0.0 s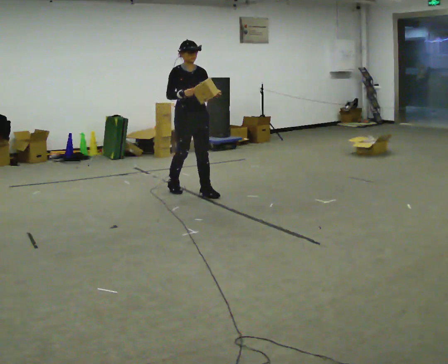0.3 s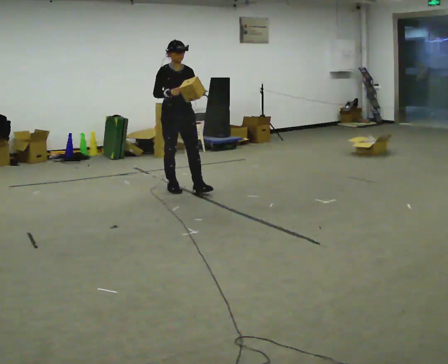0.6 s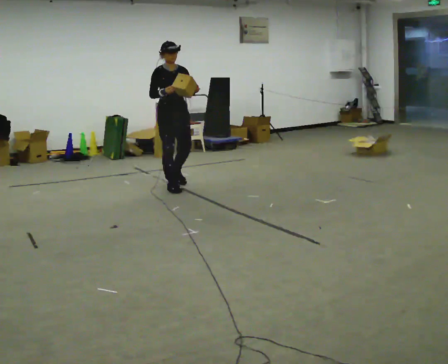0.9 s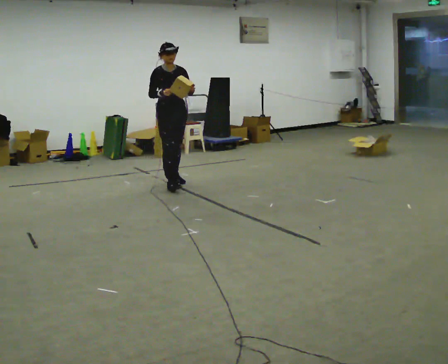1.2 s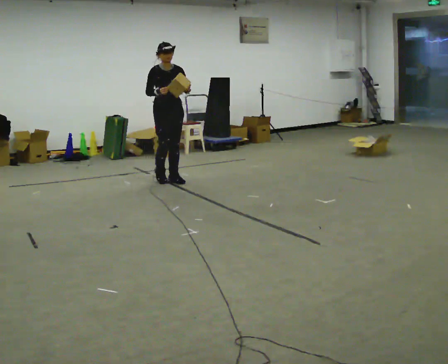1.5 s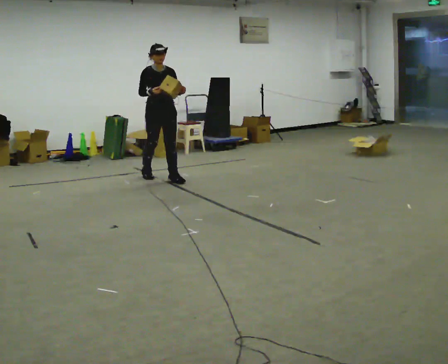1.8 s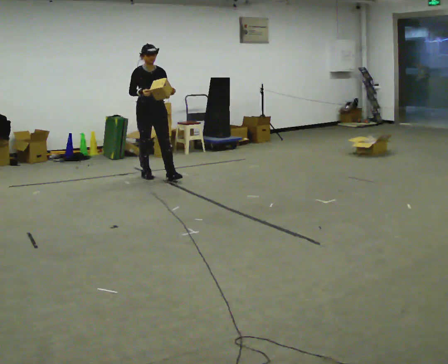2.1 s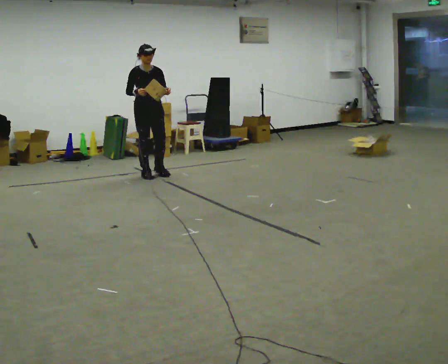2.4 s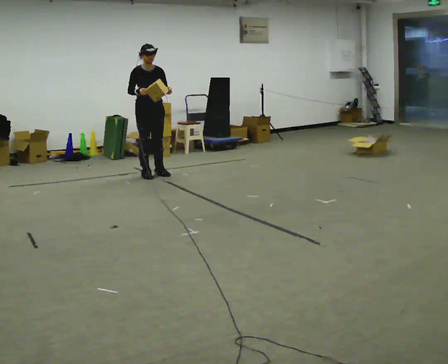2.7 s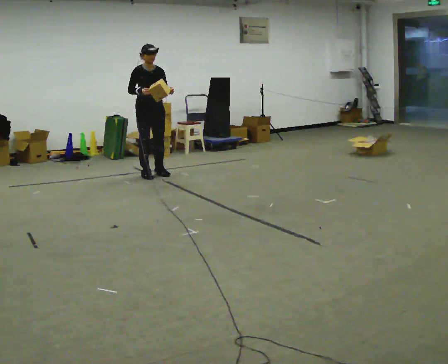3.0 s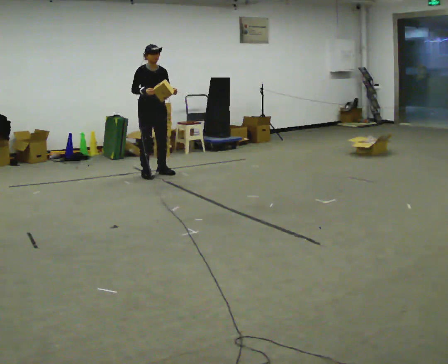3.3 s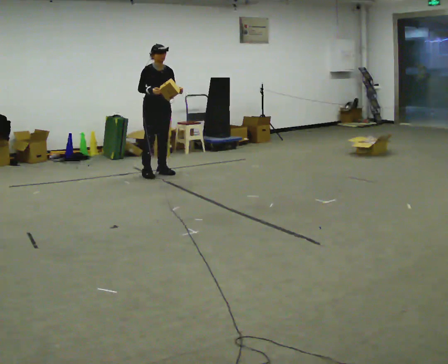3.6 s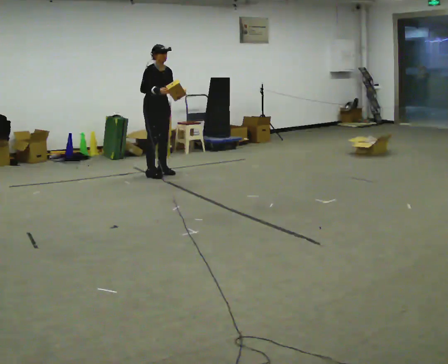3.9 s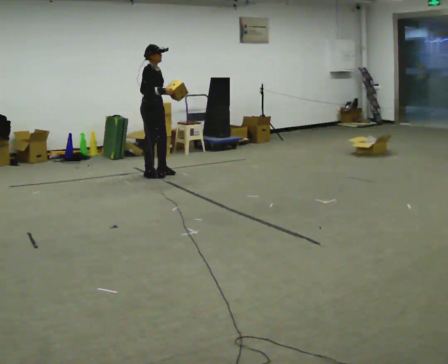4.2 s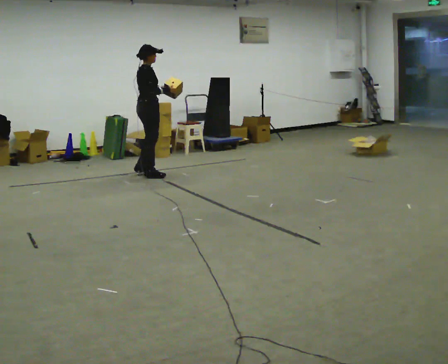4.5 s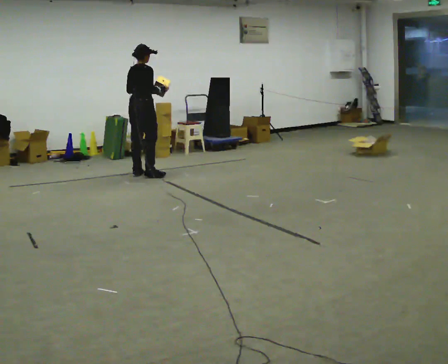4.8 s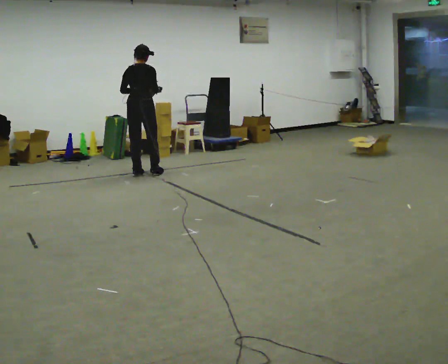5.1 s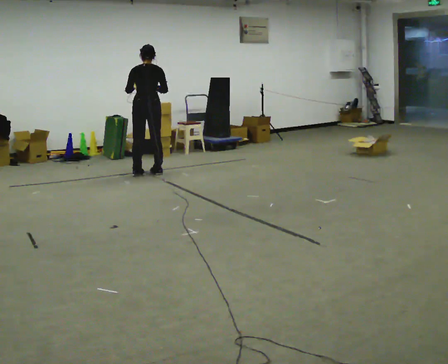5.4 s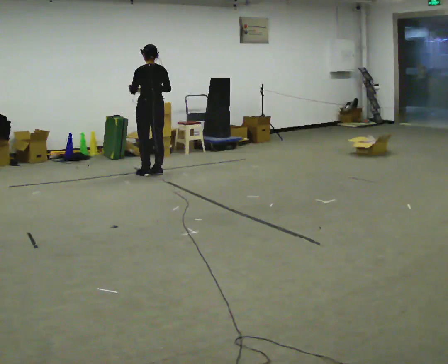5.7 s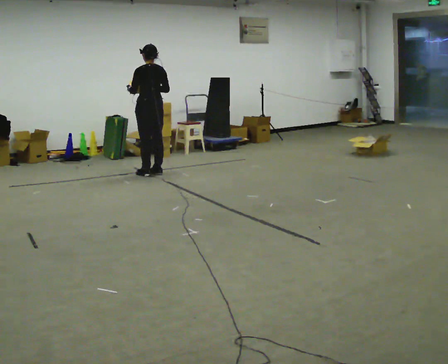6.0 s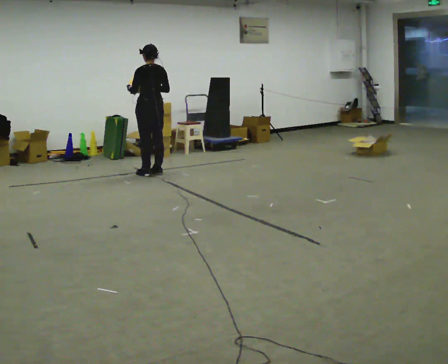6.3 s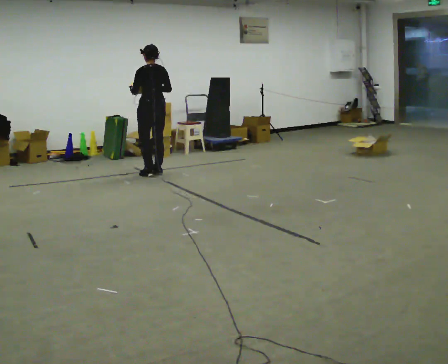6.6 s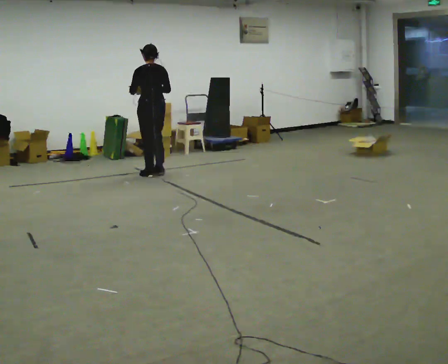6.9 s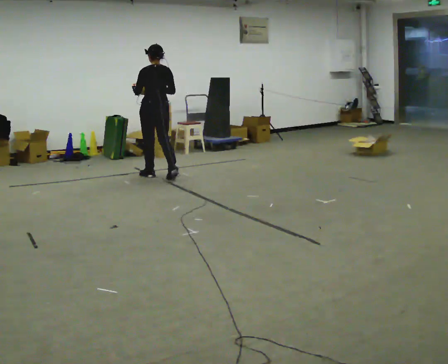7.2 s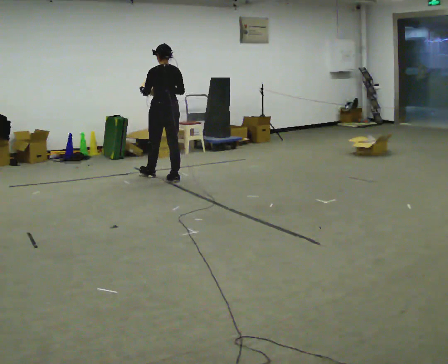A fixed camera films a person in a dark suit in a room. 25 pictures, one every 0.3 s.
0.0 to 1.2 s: In the picture they go away from the camera and to the left, about 0.5 m in 2 steps, which for them is backward.
1.2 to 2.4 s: In the picture they go away from the camera and to the left, about 0.5 m in 1 step, which for them is backward.
2.4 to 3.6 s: The person moves a little, or ends about where they began.
3.6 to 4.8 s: The person turns about 120 degrees to their left, counterclockwise seen from above, so the part of the body nearest the lens slides to the right. In the picture they go to the left, about 0.25 m in 2 steps. In the picture their left hand goes to the left.
4.8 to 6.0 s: The part of the body nearest the lens slides to the right as the person turns to their left by about 45 degrees.
6.0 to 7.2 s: In the picture they go toward the camera and to the right, about 0.25 m in 1 step, which for them is backward.
The film runs backward here.
